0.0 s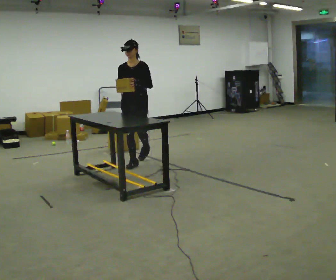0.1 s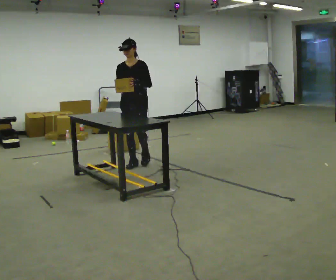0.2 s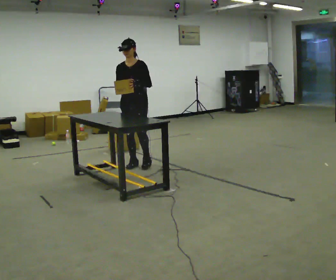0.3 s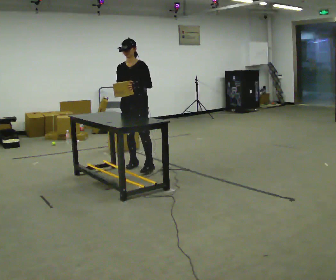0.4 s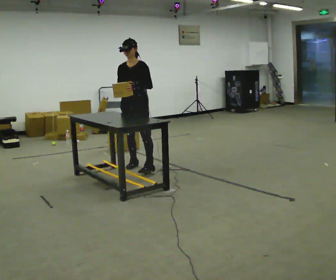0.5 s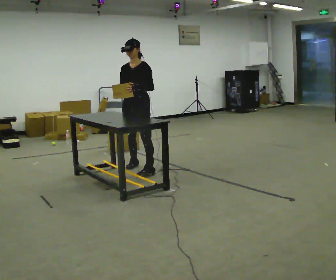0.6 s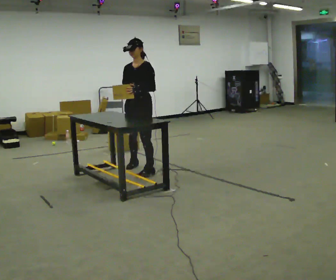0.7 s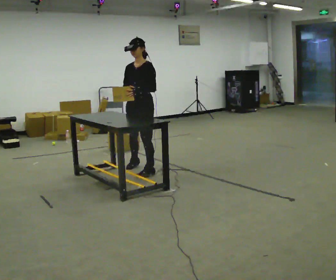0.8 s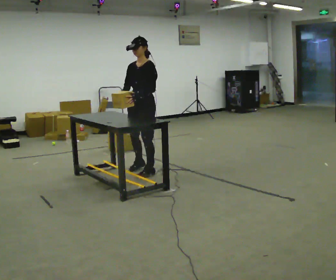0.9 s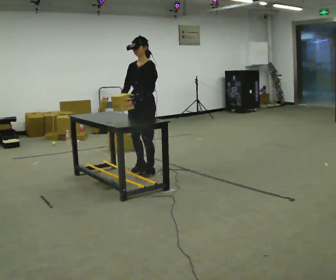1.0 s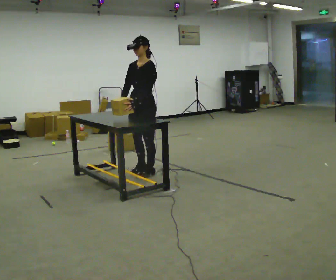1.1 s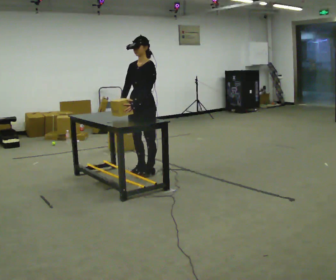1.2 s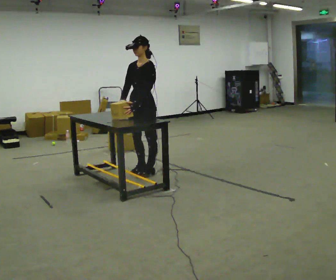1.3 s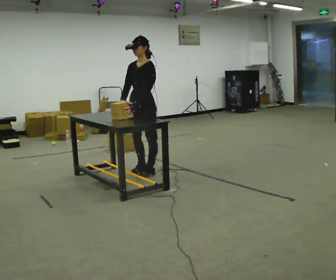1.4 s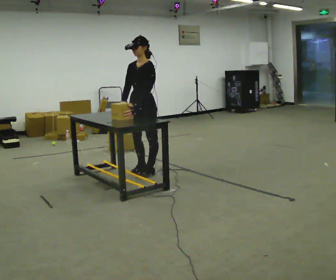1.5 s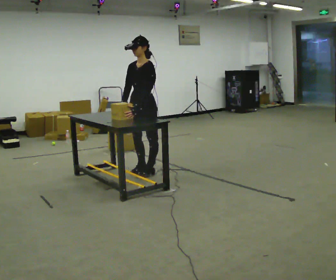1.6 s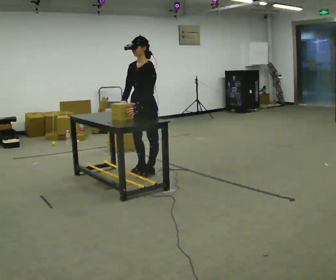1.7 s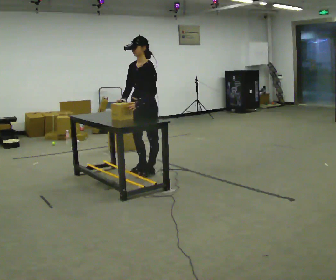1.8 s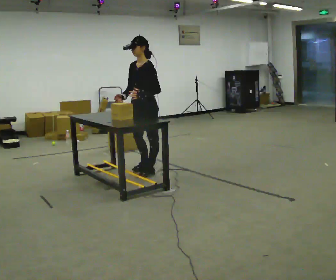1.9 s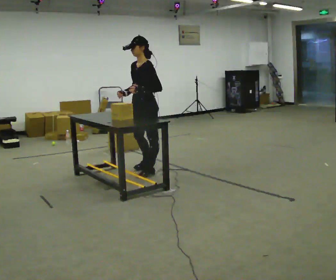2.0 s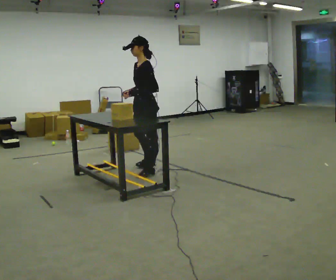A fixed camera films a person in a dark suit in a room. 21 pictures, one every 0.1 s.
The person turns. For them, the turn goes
to their right.
The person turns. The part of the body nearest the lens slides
to the left.
0.0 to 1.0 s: The part of the body nearest the lens slides to the left as the person turns to their right by about 30 degrees. In the picture they go toward the camera, about 0.5 m in 2 steps, which for them is to their left and forward.
1.0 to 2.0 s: The person moves a little, or ends about where they began.
The film runs forward here.
